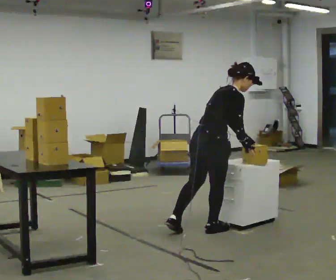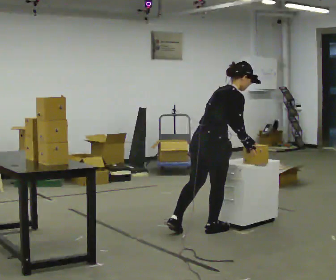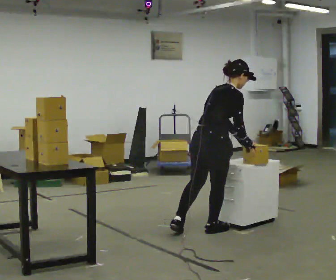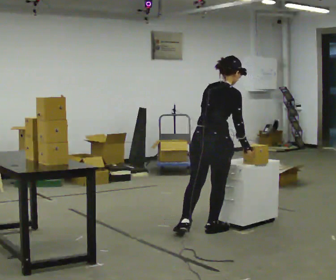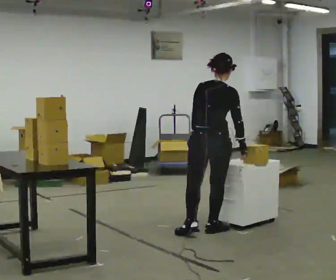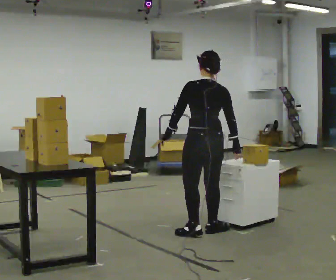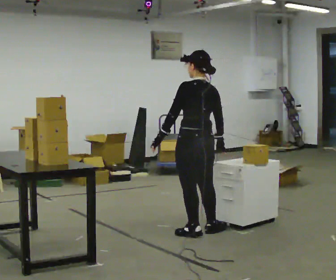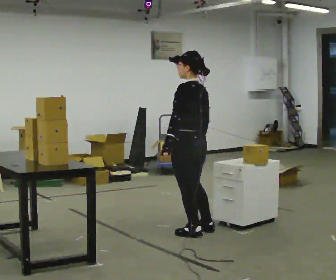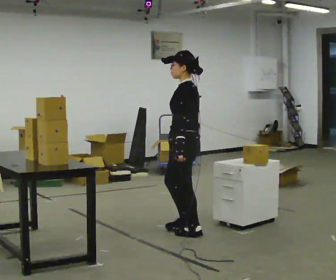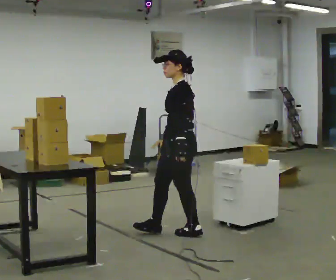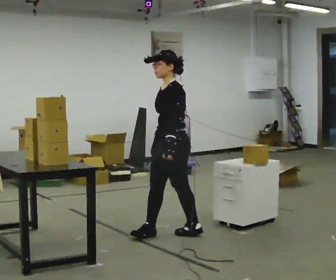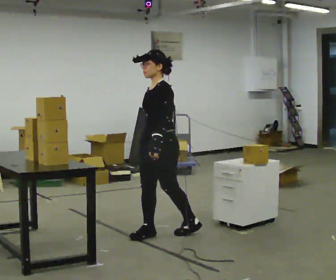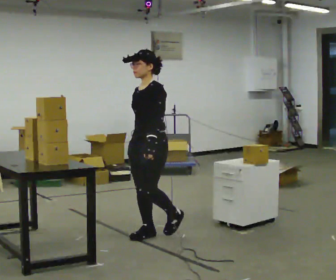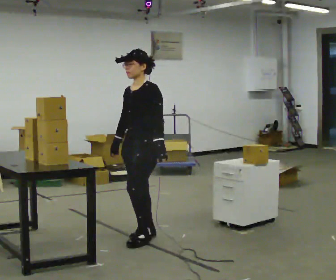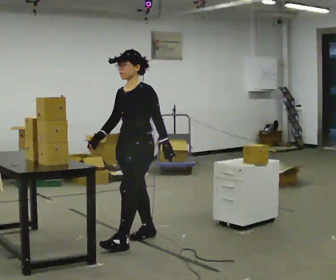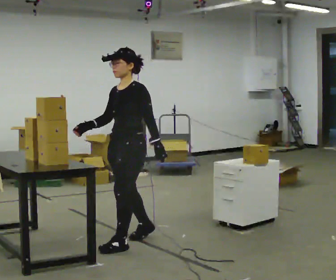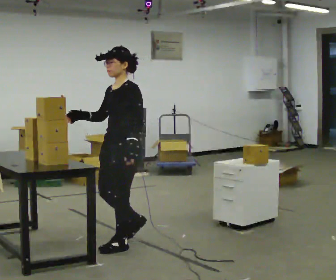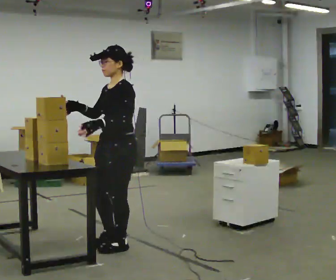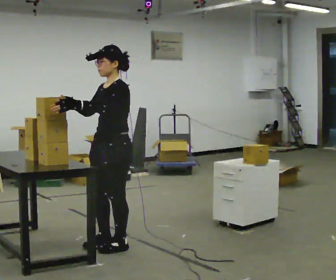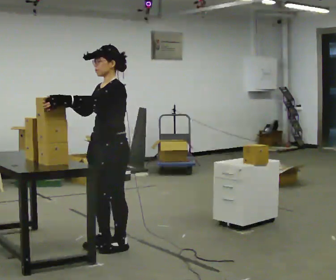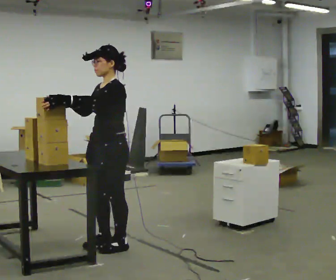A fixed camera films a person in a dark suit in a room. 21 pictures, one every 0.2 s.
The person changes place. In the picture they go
to the left.
The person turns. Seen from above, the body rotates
counterclockwise.
0.0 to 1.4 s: Seen from above the body turns counterclockwise, about 105 degrees: to their left, with its near side sliding to the right. In the picture the upper body tilts counterclockwise, shoulders to the left, as they lean back or straighten. In the picture their left hand goes to the left.
1.4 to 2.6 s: Seen from above the body turns counterclockwise, about 75 degrees: to their left, with its near side sliding to the right. In the picture they go to the left, about 0.5 m in 1 step.
2.6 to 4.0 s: In the picture they go toward the camera and to the left, about 0.5 m in 2 steps, which for them is forward. In the picture their left hand goes upward.
The film runs forward here.
